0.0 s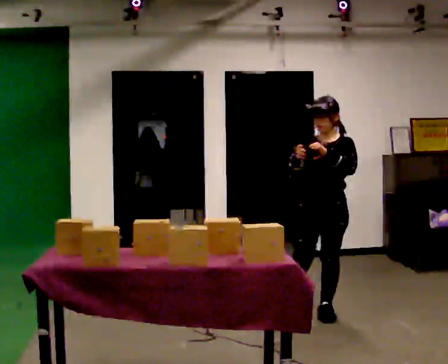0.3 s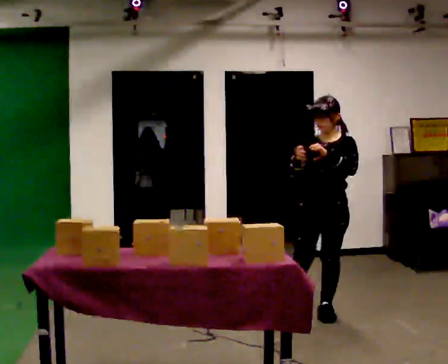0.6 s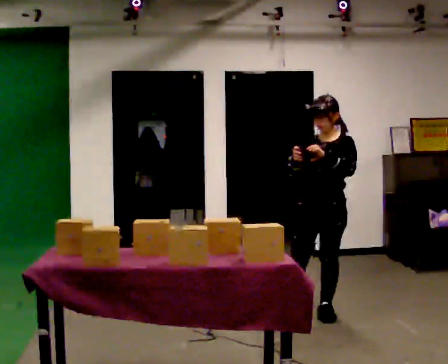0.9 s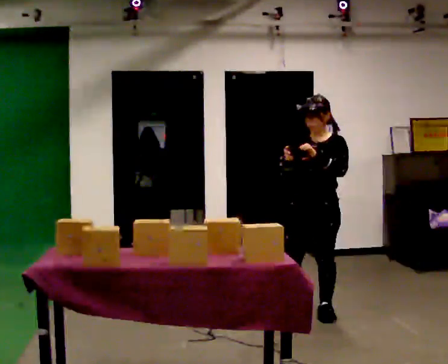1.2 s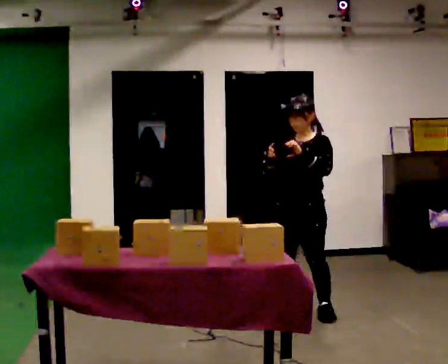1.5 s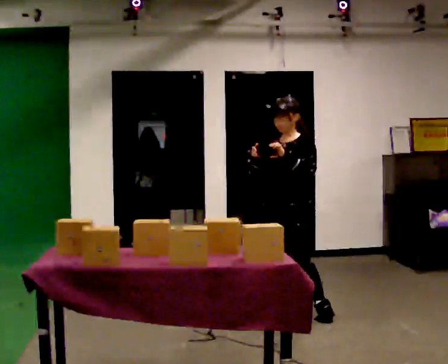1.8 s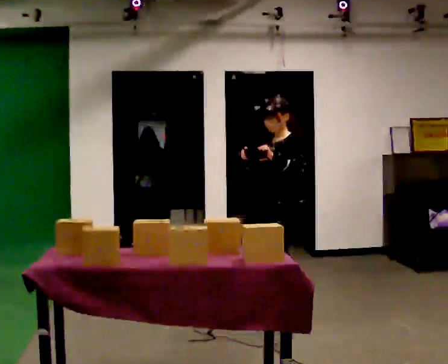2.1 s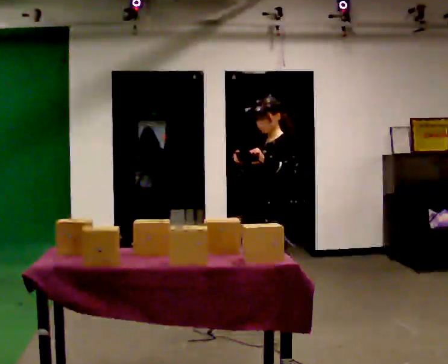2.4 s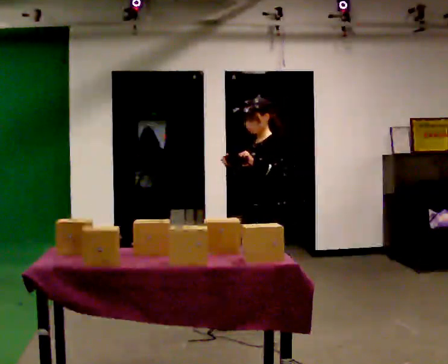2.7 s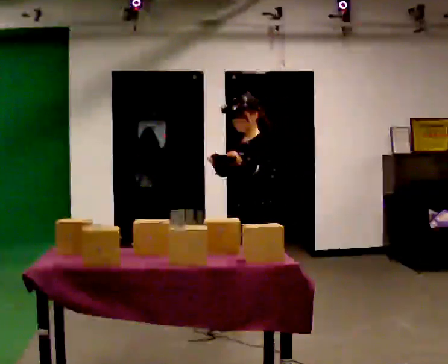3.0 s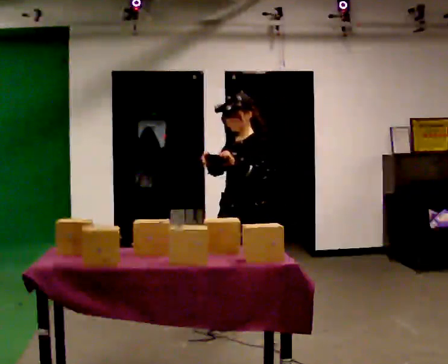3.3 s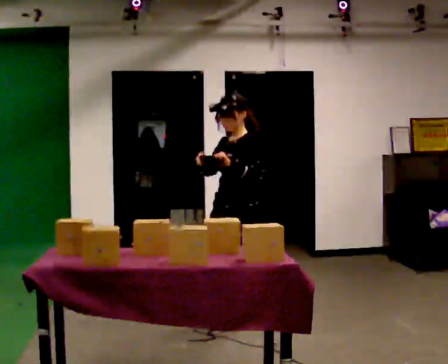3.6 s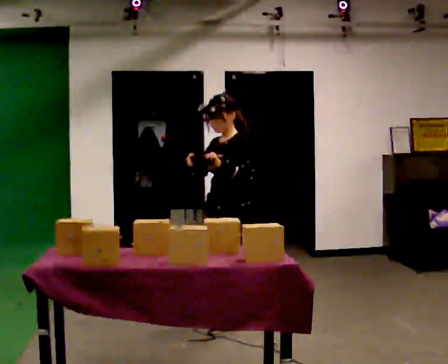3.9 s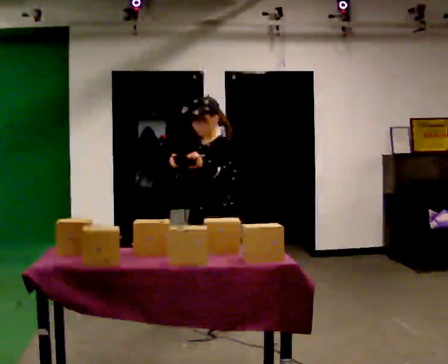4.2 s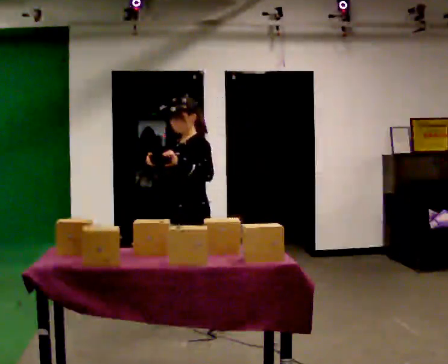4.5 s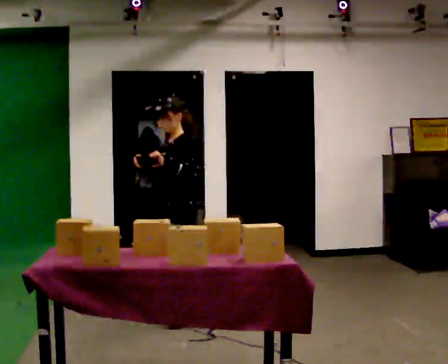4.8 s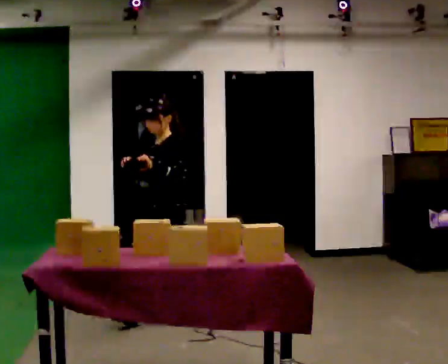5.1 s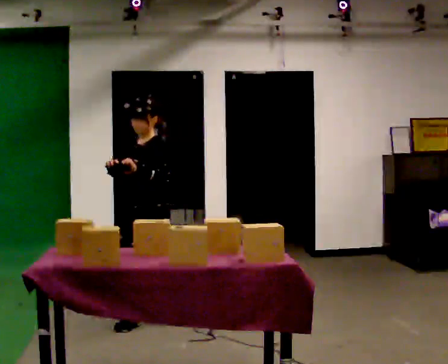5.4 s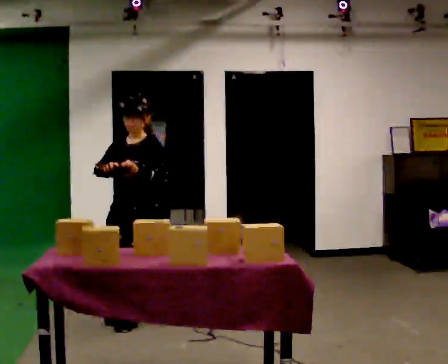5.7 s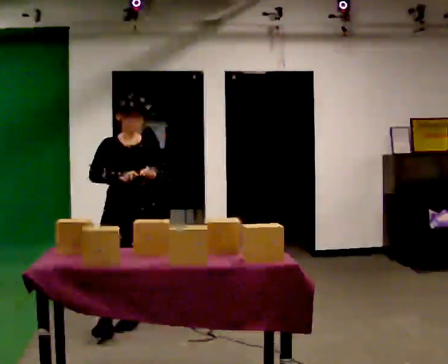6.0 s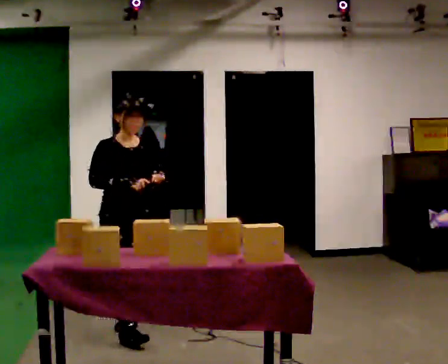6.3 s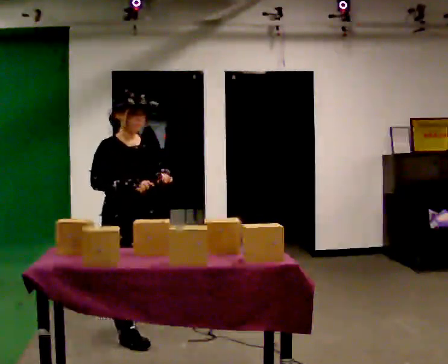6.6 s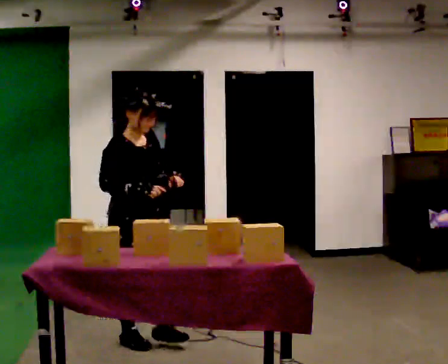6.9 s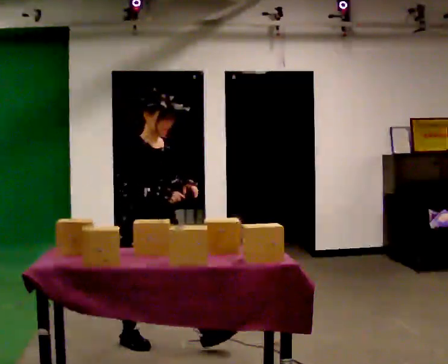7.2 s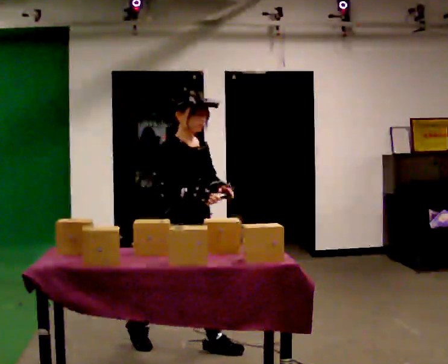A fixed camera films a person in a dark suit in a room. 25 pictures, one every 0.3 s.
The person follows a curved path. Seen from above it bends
counterclockwise.
0.0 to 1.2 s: In the picture they go to the left, about 0.25 m, which for them is to their right.
1.2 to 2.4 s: Seen from above the body turns clockwise, about 45 degrees: to their right, with its near side sliding to the left. In the picture they go to the left, about 0.25 m in 1 step, which for them is forward.
2.4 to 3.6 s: In the picture they go to the left, about 0.25 m, which for them is forward.
3.6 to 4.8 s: In the picture they go to the left, about 0.5 m in 2 steps, which for them is forward and to their right.
4.8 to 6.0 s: The person turns about 105 degrees to their left, counterclockwise seen from above, so the part of the body nearest the lens slides to the right. In the picture they go toward the camera and to the left, about 0.5 m in 1 step.
6.0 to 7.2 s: Seen from above the body turns counterclockwise, about 30 degrees: to their left, with its near side sliding to the right. In the picture they go to the right and toward the camera, about 0.5 m in 1 step, which for them is forward.
The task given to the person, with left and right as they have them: Carry the handheld device and, while walking, point it at the labels on the shelves and press the button as if scanning them.
The film runs forward here.
